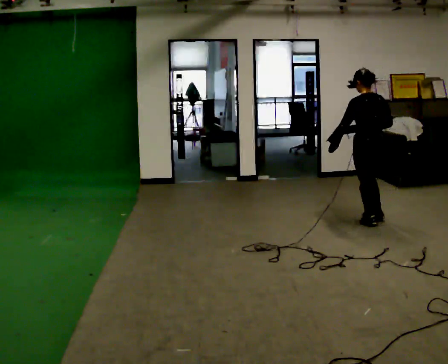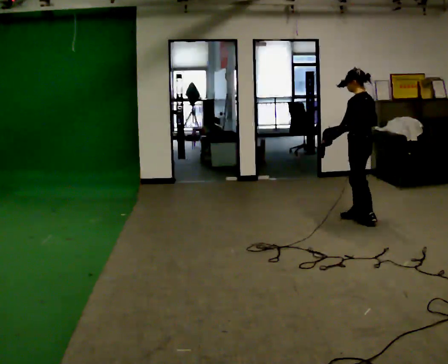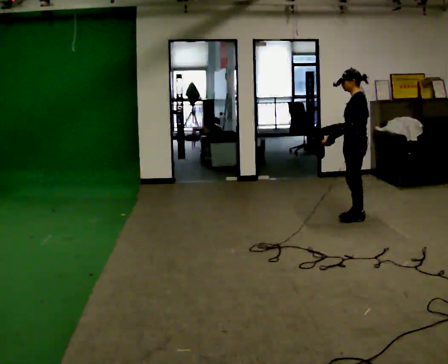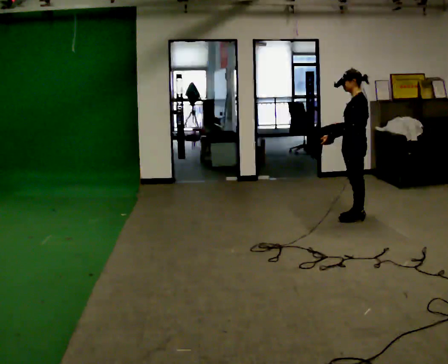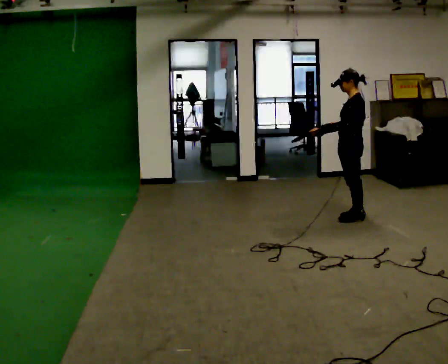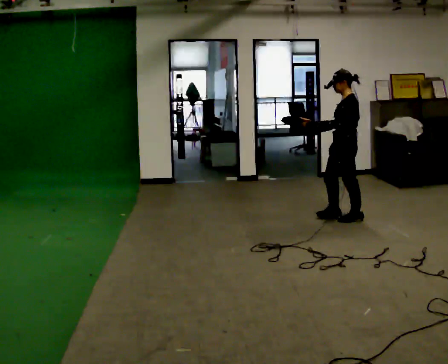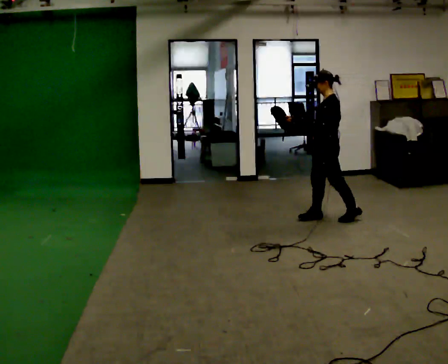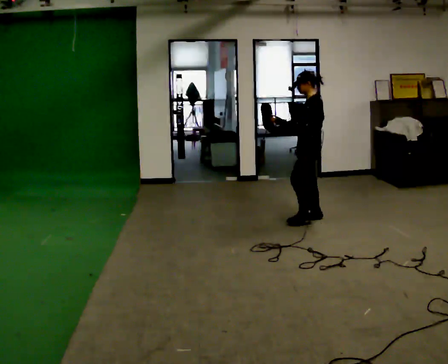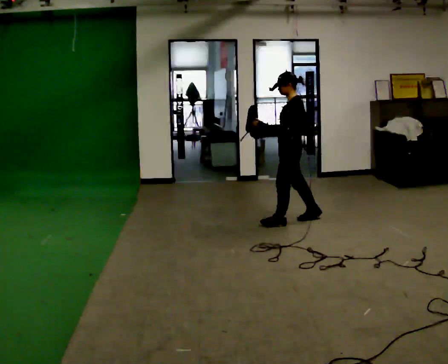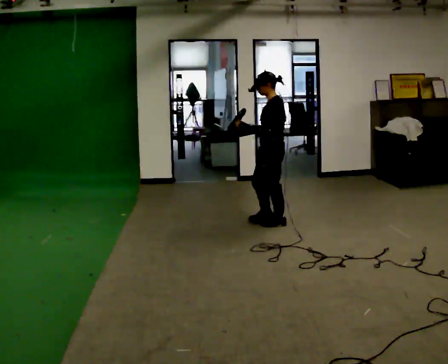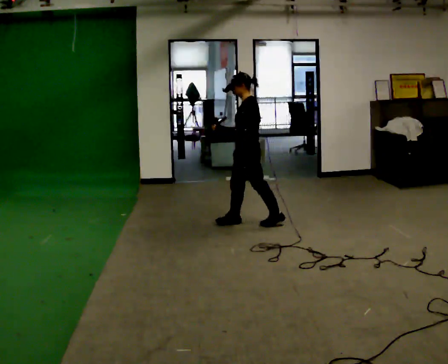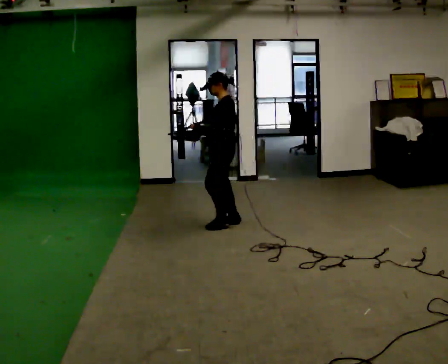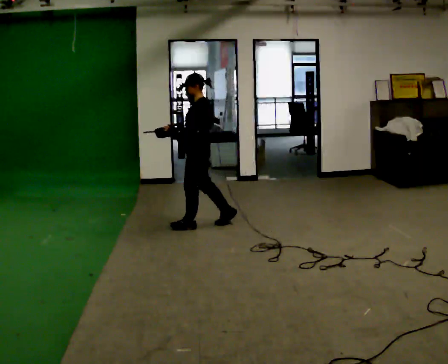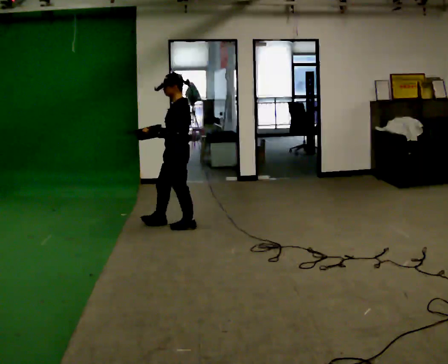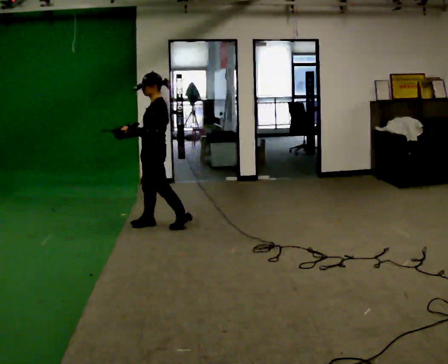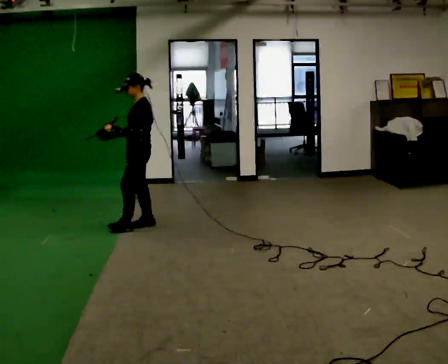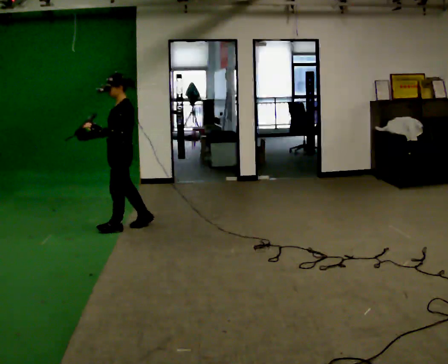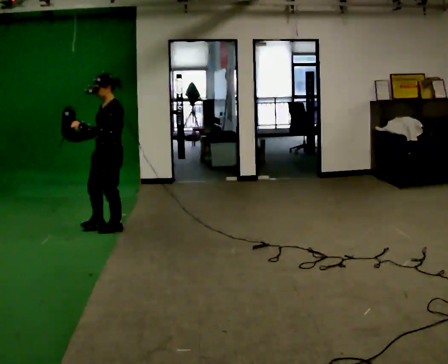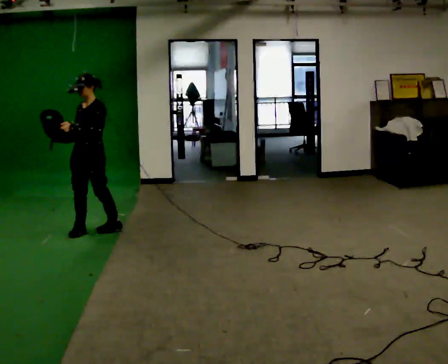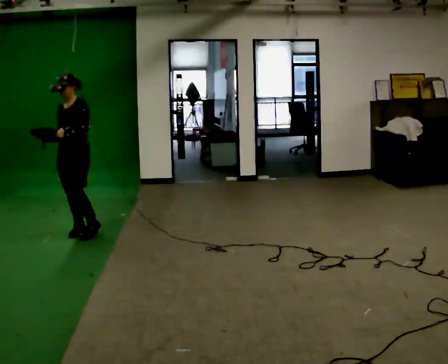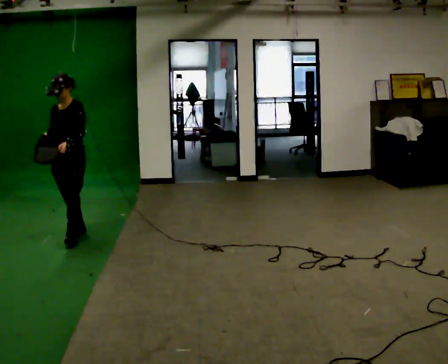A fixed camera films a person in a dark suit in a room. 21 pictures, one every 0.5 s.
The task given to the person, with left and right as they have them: Carry the lidded box and, while you are still walking, open the lid, then close it again. Repeat as you walk back and forth. Do not stop to do it.
0.0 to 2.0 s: Seen from above the body turns counterclockwise, about 60 degrees: to their left, with its near side sliding to the right. In the picture they go away from the camera, about 0.25 m in 2 steps, which for them is to their right and forward.
2.0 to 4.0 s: In the picture they go to the left, about 0.5 m in 2 steps, which for them is forward.
4.0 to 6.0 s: In the picture they go to the left, about 1 m in 2 steps, which for them is forward.
6.0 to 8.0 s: In the picture they go to the left, about 0.5 m in 2 steps, which for them is forward.
8.0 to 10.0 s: The person turns about 45 degrees to their left, counterclockwise seen from above, so the part of the body nearest the lens slides to the right. In the picture they go to the left and toward the camera, about 0.5 m in 2 steps, which for them is forward.
The film runs forward here.
